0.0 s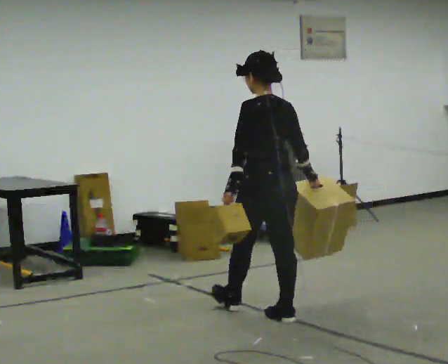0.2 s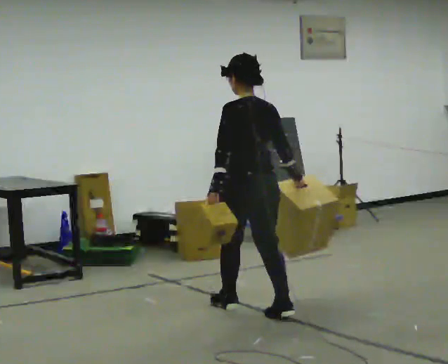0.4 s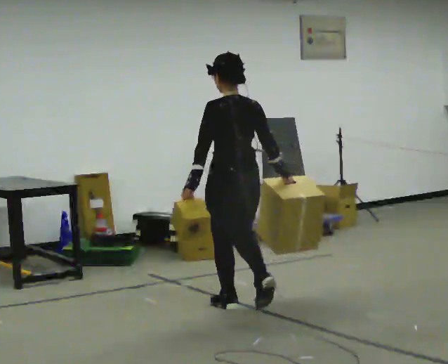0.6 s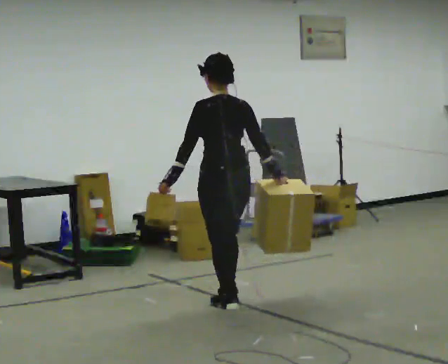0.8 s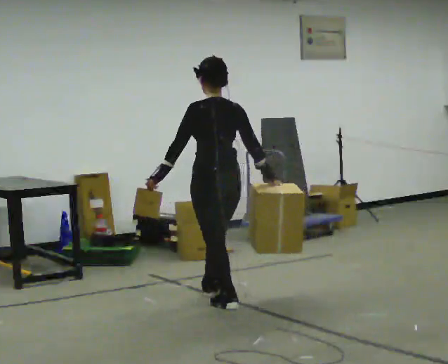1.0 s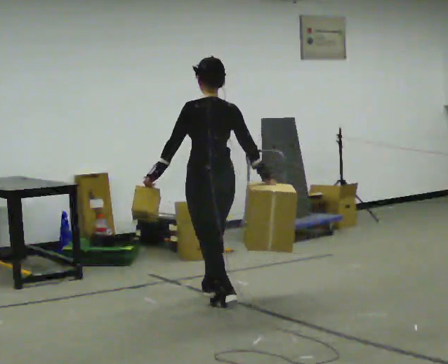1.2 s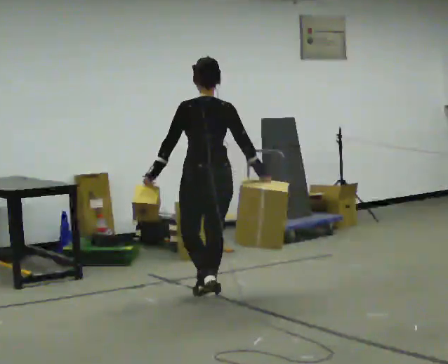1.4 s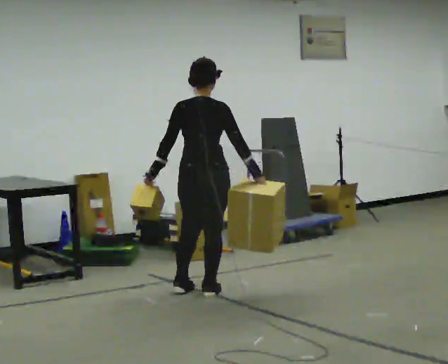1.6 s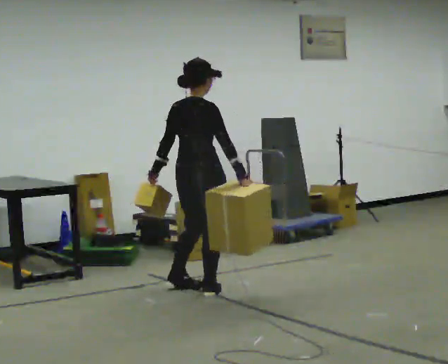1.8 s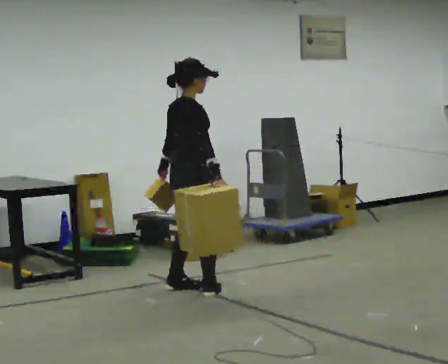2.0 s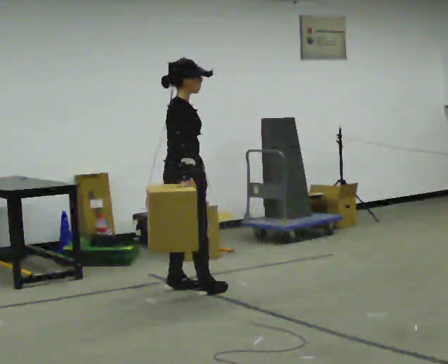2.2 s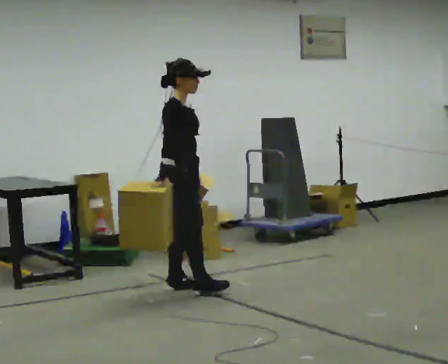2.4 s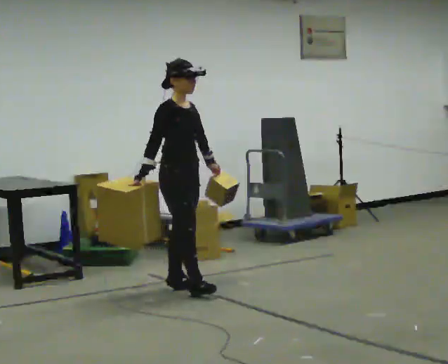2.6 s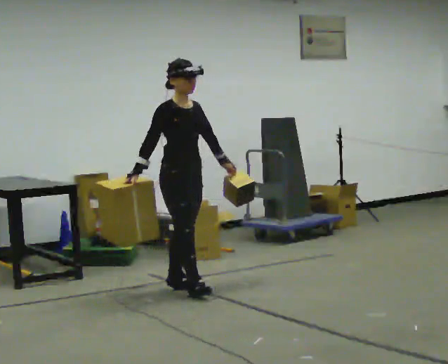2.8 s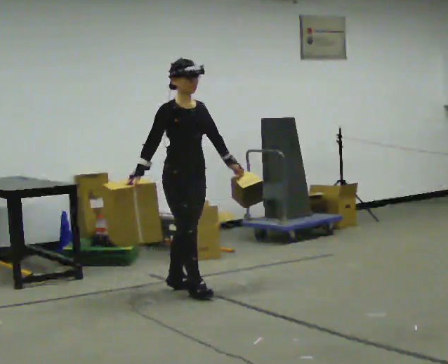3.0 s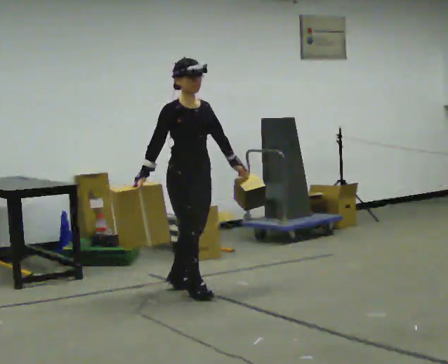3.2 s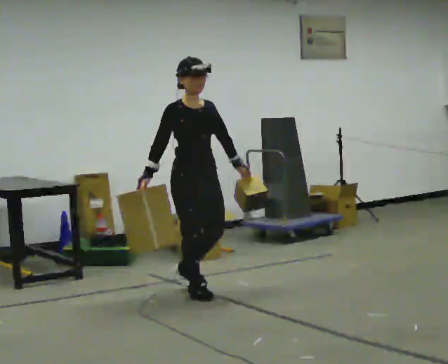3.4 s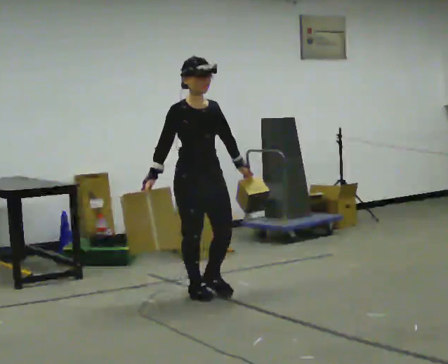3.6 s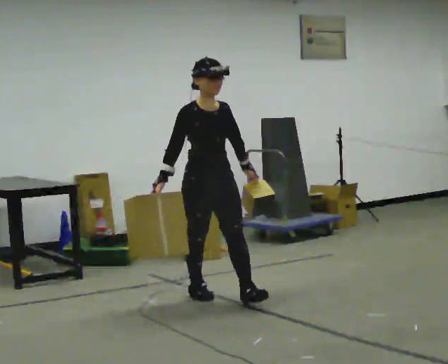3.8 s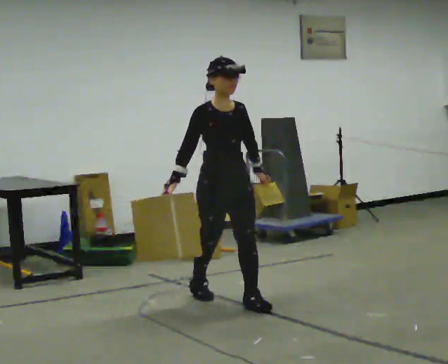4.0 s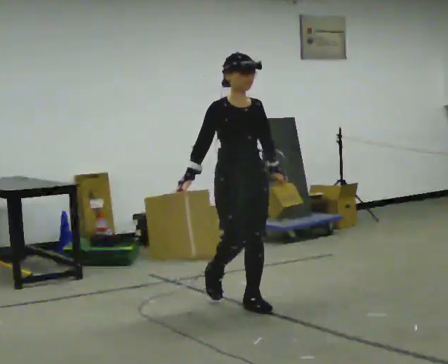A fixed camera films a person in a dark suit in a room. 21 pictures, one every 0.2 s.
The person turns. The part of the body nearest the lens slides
to the left.
The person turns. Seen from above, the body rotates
clockwise.
0.0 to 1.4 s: The person turns about 45 degrees to their right, clockwise seen from above, so the part of the body nearest the lens slides to the left. In the picture they go away from the camera and to the left, about 1 m in 2 steps, which for them is forward.
1.4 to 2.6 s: The person turns about 120 degrees to their right, clockwise seen from above, so the part of the body nearest the lens slides to the left. In the picture they go away from the camera and to the left, about 0.25 m in 1 step. In the picture their right hand goes to the left, the arm swinging clockwise.
2.6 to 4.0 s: In the picture they go toward the camera and to the right, about 0.75 m in 1 step, which for them is forward.
The film runs forward here.
